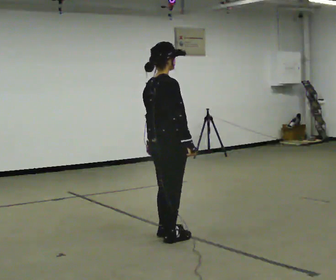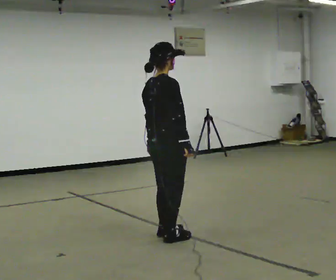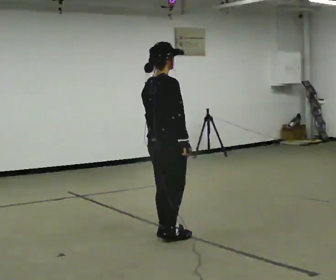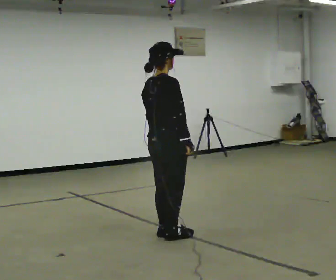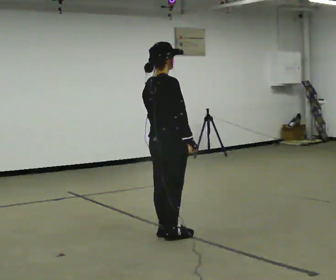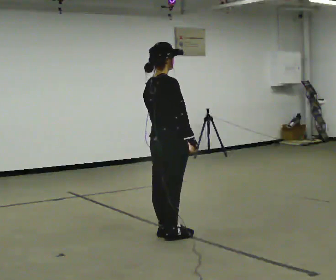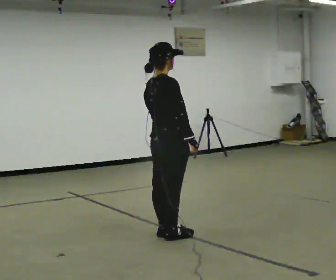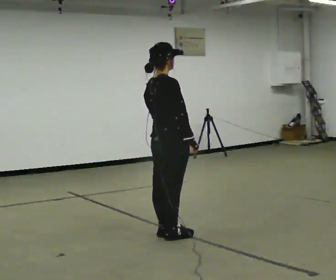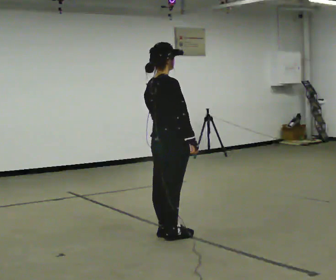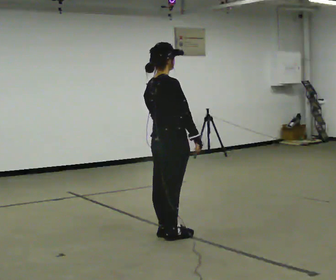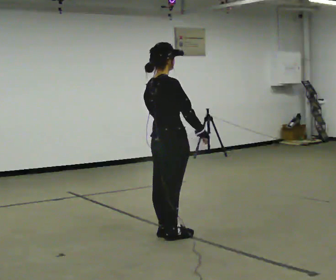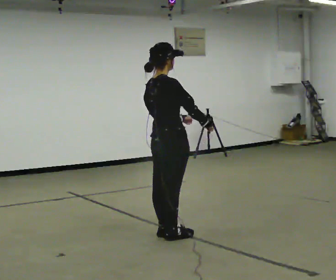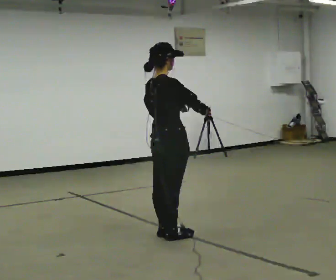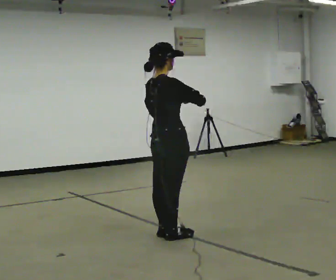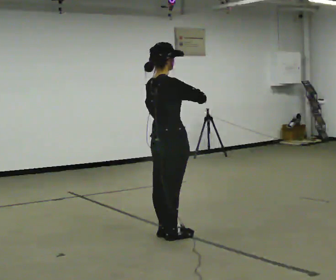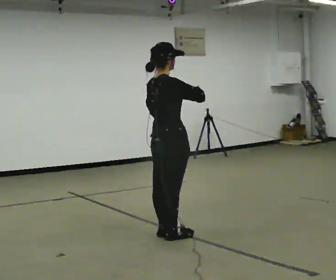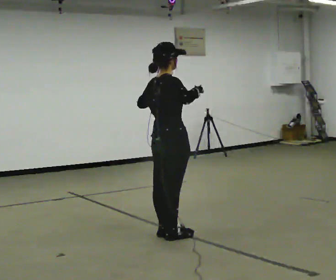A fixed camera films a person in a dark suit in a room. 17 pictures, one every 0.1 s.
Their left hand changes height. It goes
upward.
0.0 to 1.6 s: In the picture their left hand goes upward.
The film runs forward here.
